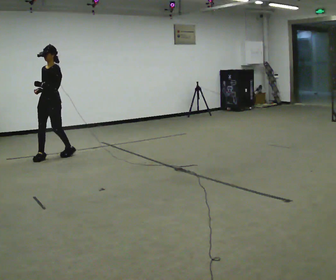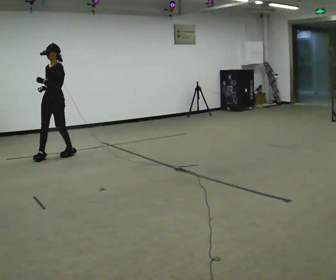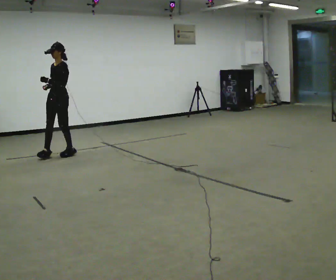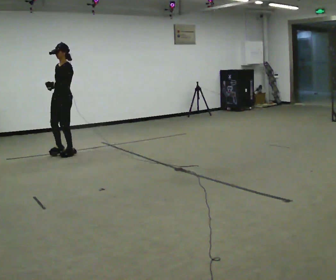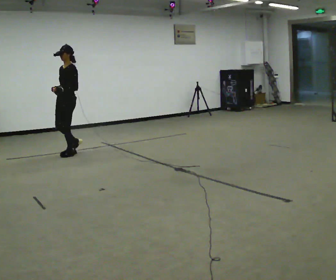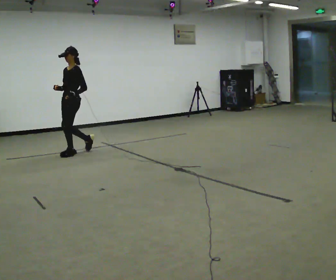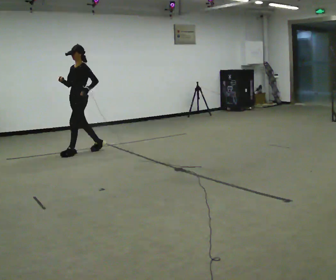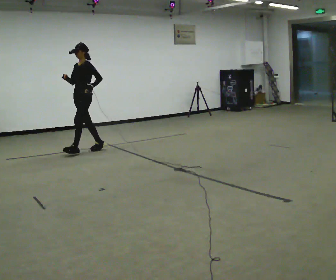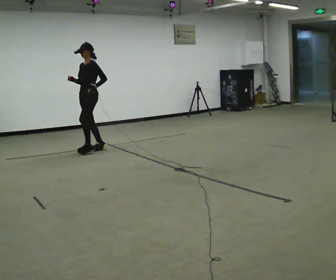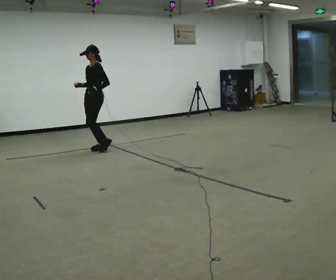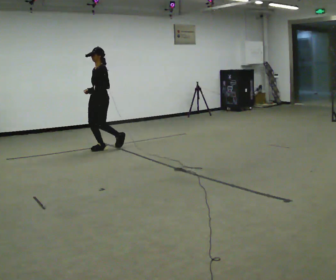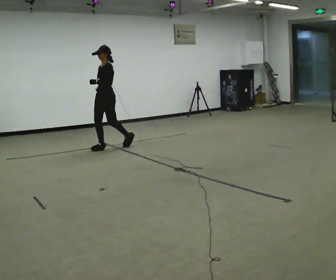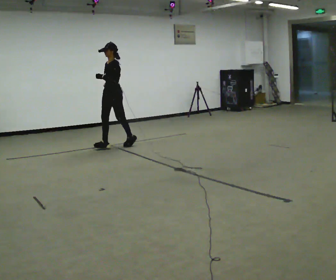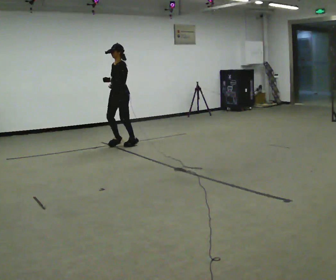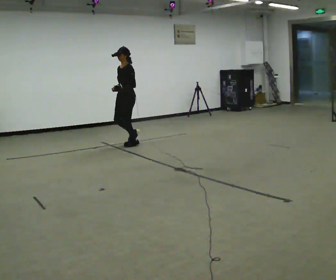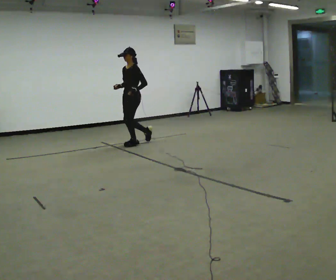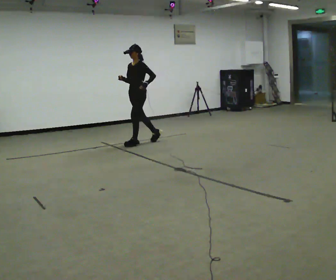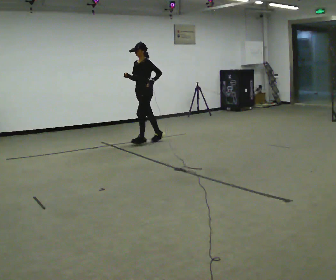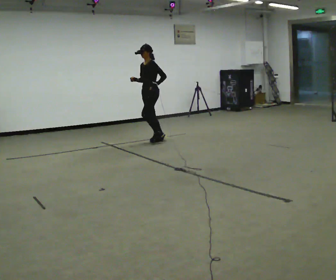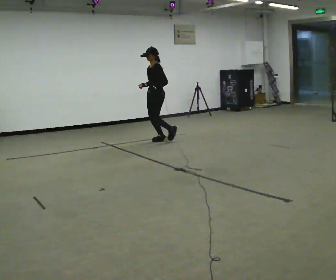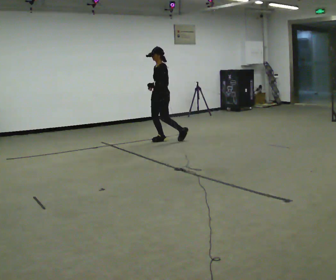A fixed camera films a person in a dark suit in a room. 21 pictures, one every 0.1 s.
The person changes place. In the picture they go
to the right.
0.0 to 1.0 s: In the picture they go to the right and away from the camera, about 1 m in 2 steps, which for them is backward.
1.0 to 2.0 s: In the picture they go to the right and away from the camera, about 1 m in 2 steps, which for them is backward.
The film runs backward here.
